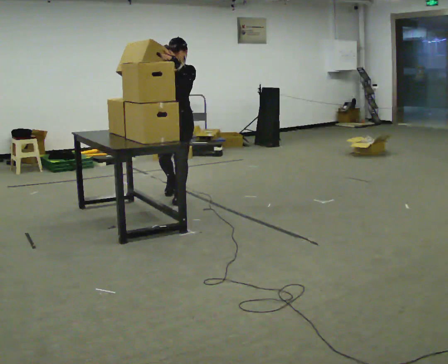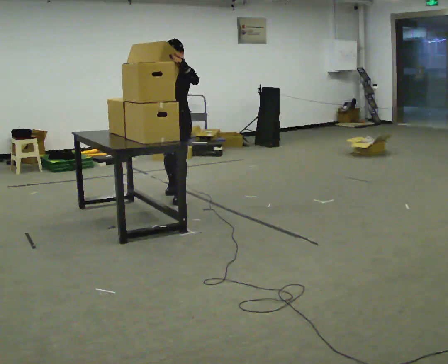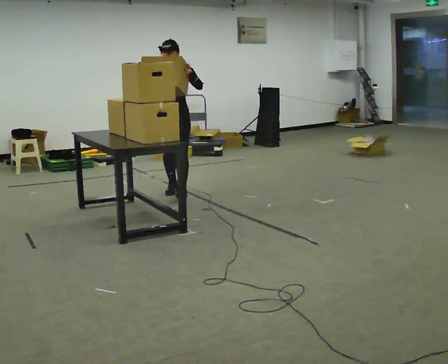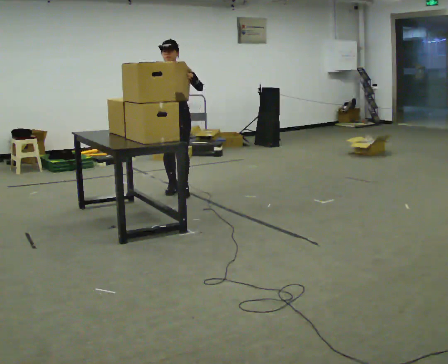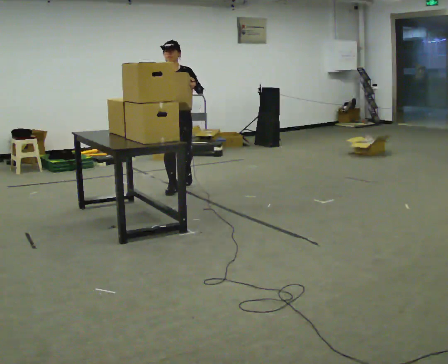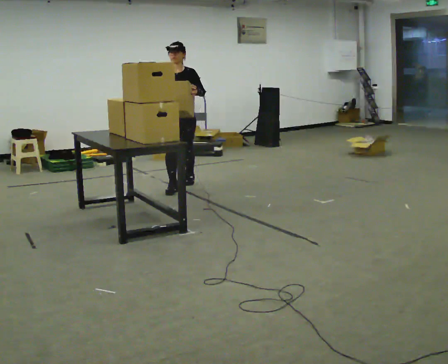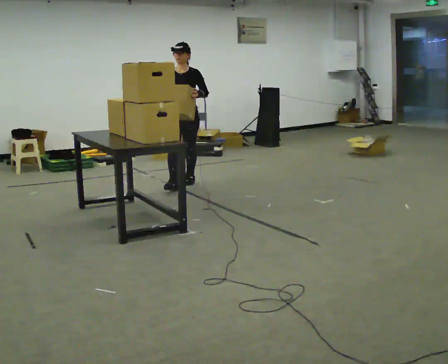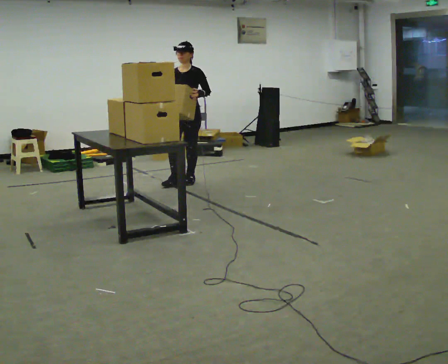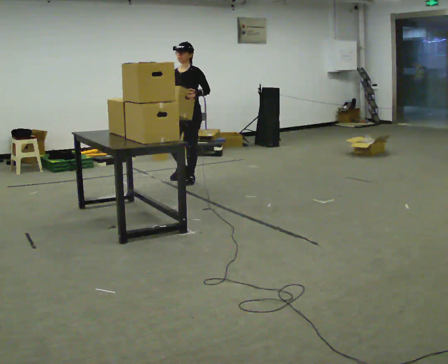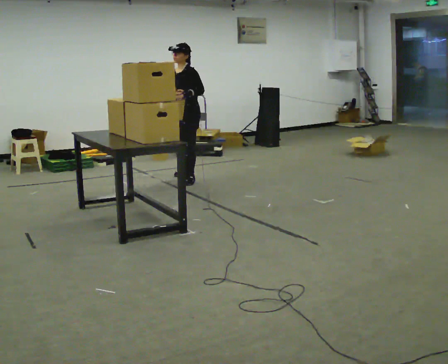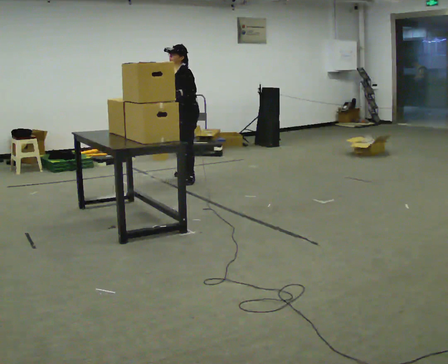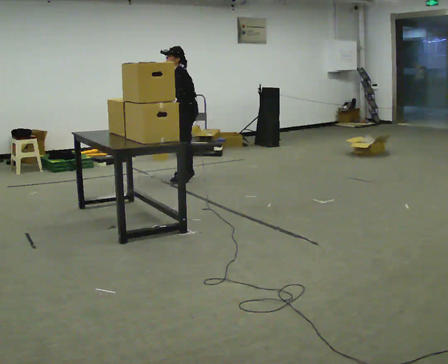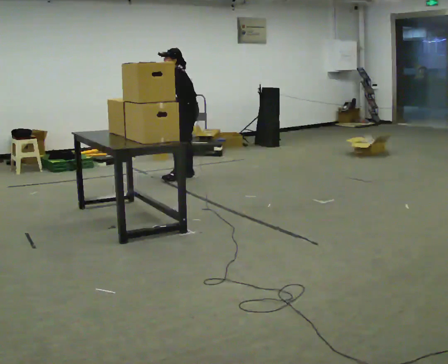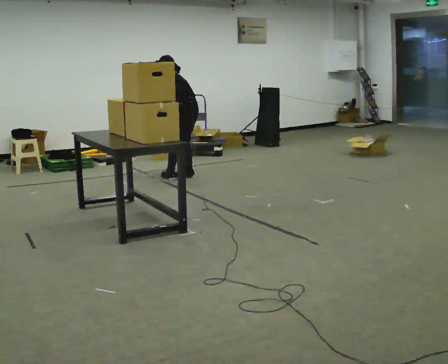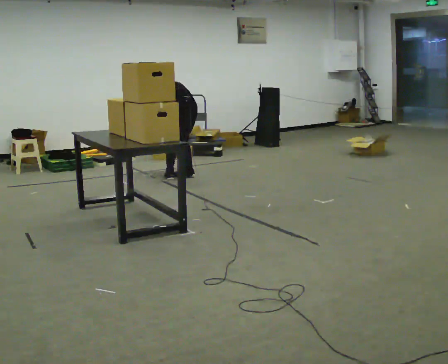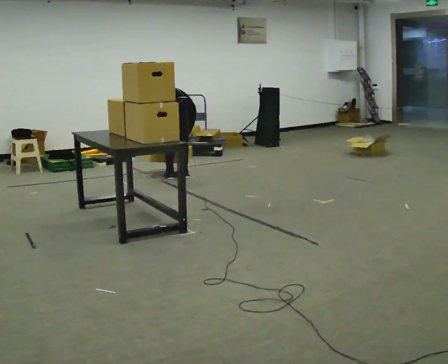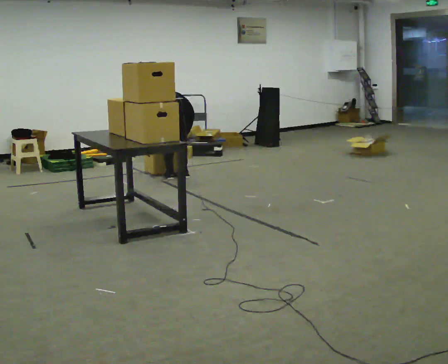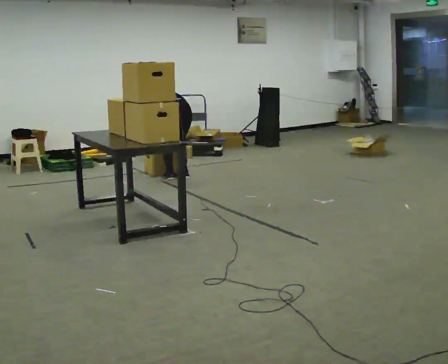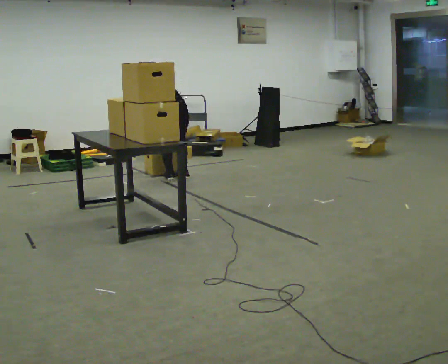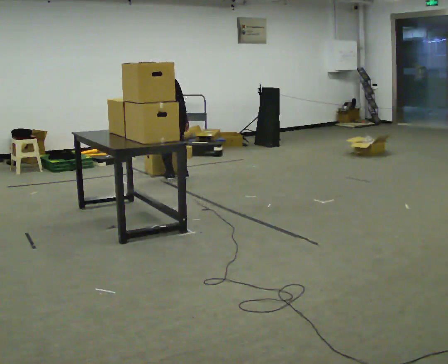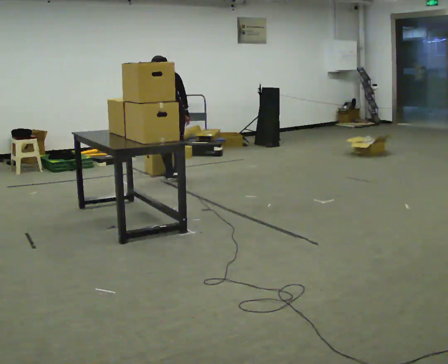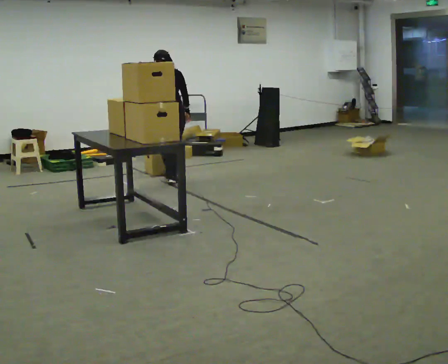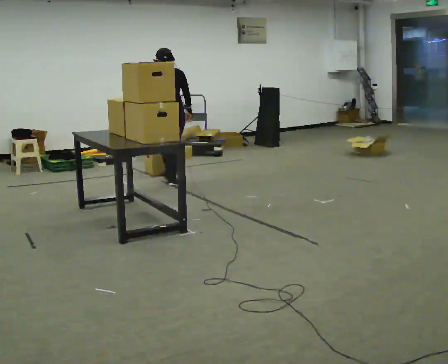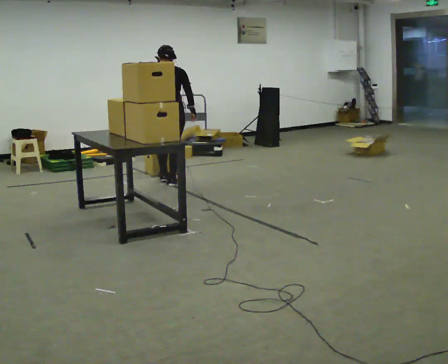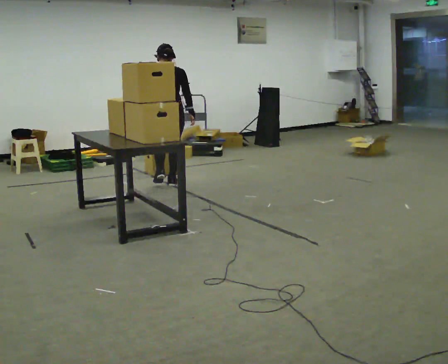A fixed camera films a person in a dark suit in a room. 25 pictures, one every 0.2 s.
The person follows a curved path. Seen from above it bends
counterclockwise.
0.0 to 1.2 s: In the picture they go away from the camera, about 0.5 m in 2 steps, which for them is backward. In the picture their left hand goes downward.
1.2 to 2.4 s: The part of the body nearest the lens slides to the left as the person turns to their right by about 90 degrees. In the picture they go away from the camera, about 0.5 m in 1 step. In the picture the upper body tilts counterclockwise, shoulders to the left, as they bend forward.
2.4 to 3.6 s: Seen from above the body turns clockwise, about 60 degrees: to their right, with its near side sliding to the left. In the picture they go to the left and toward the camera, about 0.25 m, which for them is to their left. The upper body tips away from the camera, its near side rolling upward, as they bend forward. In the picture their right hand goes downward.
3.6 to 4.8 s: In the picture they go toward the camera, about 0.25 m in 2 steps, which for them is backward. The upper body goes upward. The upper body tips toward the camera, its near side rolling downward, as they lean back or straighten.
The film runs backward here.
